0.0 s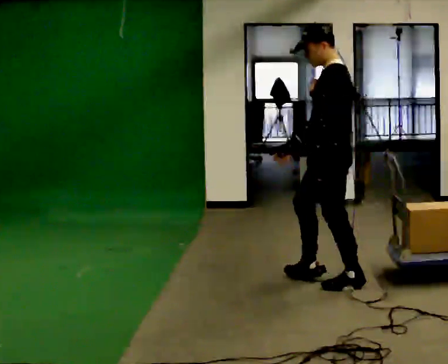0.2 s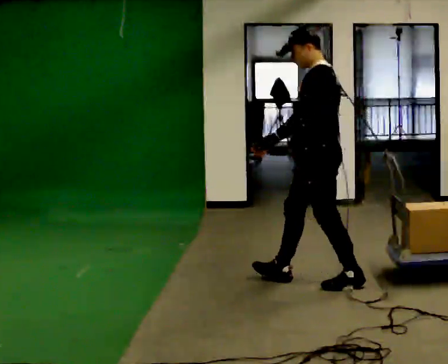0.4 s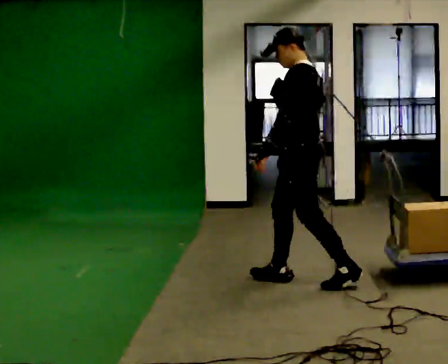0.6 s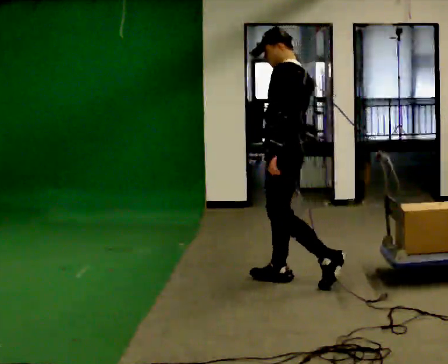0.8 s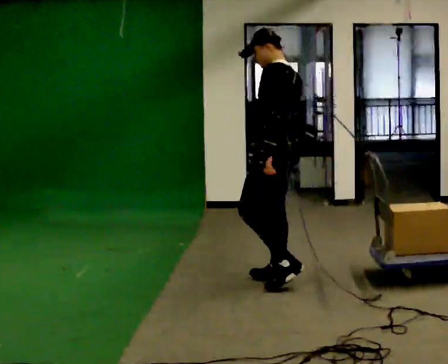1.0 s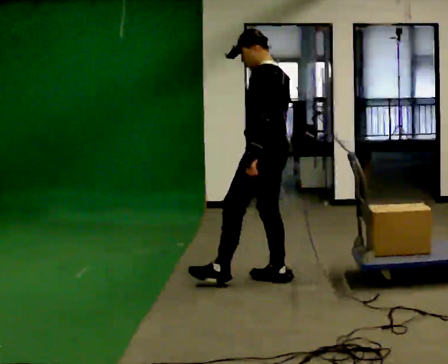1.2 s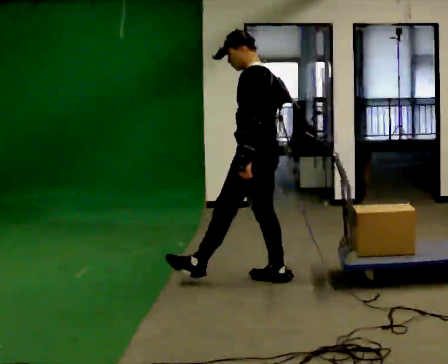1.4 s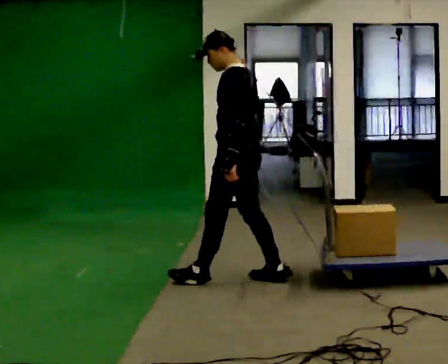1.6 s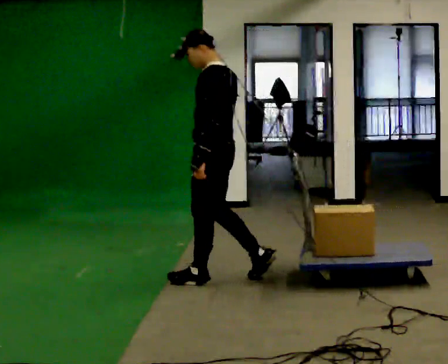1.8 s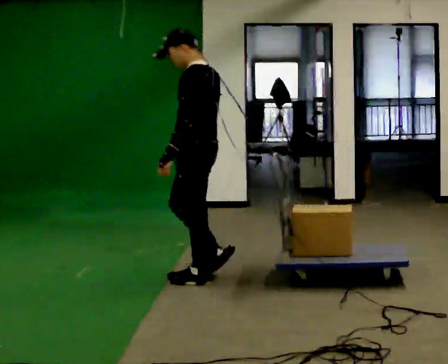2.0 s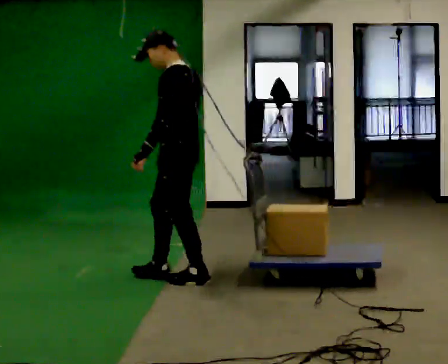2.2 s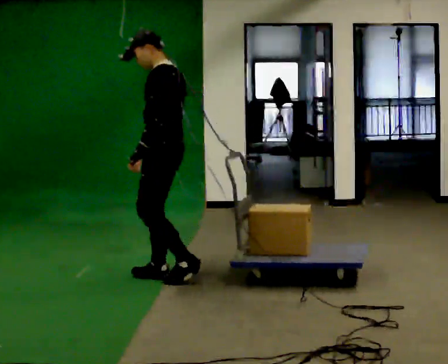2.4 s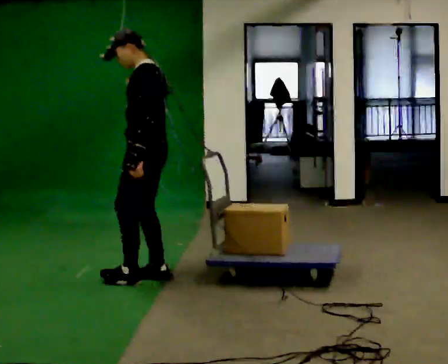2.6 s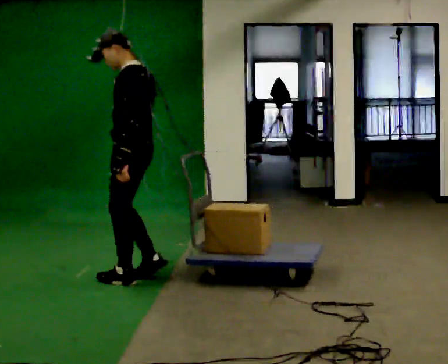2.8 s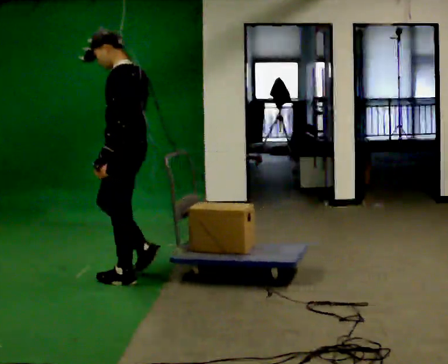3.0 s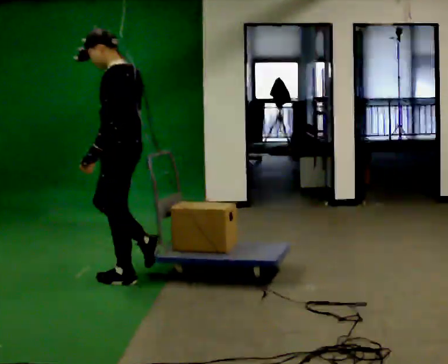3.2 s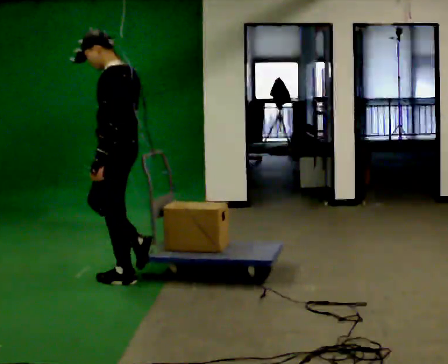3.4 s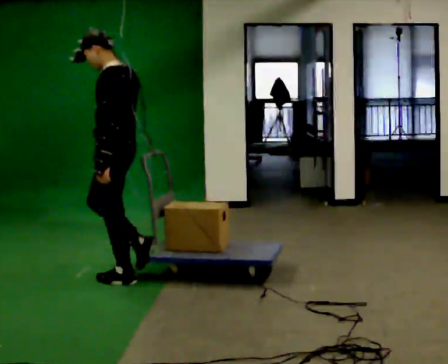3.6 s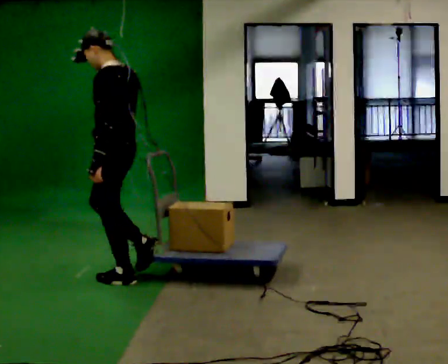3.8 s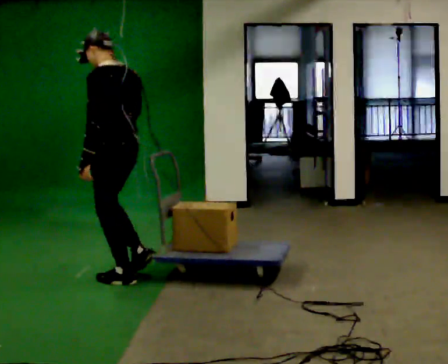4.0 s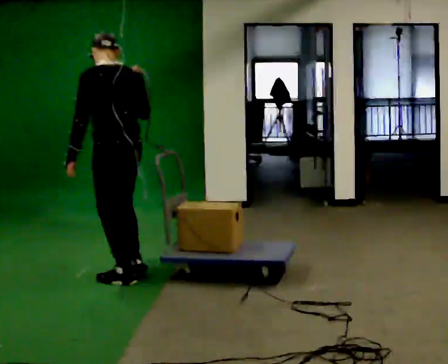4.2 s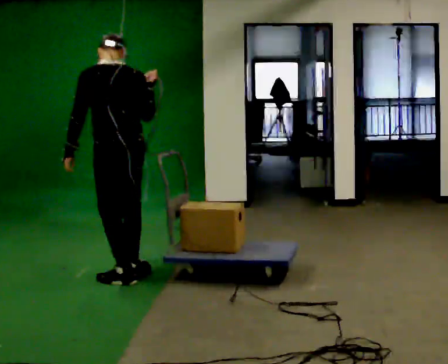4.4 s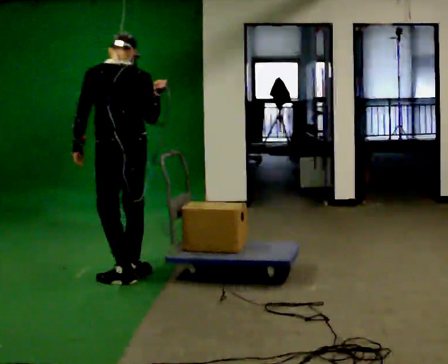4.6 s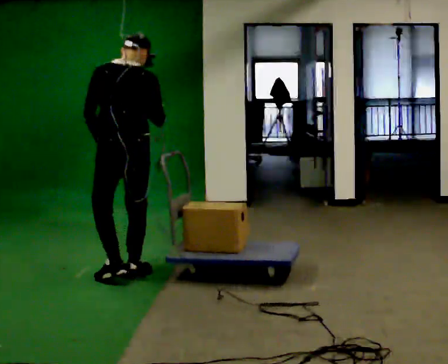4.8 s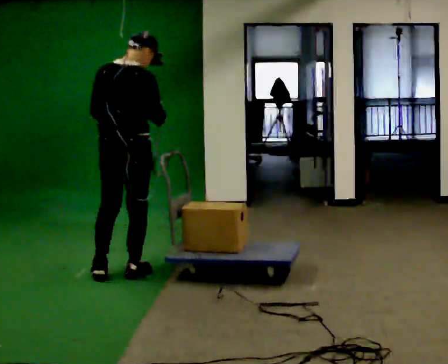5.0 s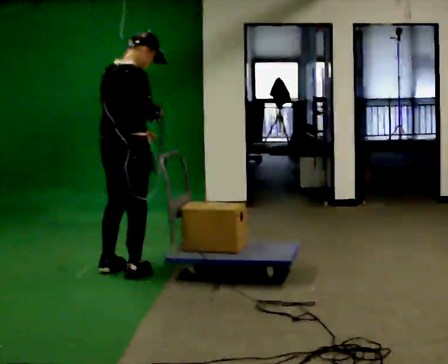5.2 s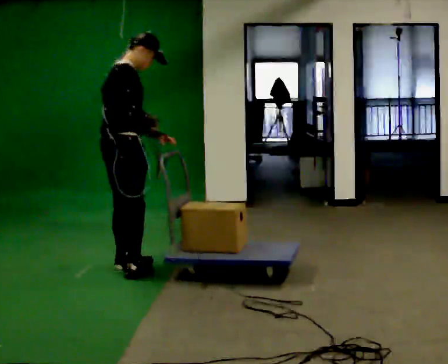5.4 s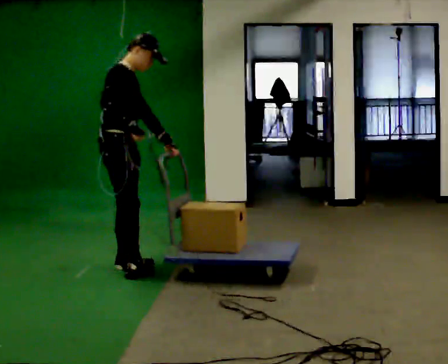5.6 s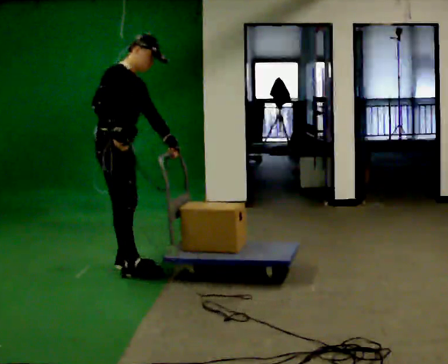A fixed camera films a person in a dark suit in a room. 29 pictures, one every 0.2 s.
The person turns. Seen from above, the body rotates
clockwise.
The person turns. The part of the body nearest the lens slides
to the left.
0.0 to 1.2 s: In the picture they go to the left and away from the camera, about 0.5 m in 2 steps, which for them is forward.
1.2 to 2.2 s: In the picture they go to the left, about 0.5 m in 1 step, which for them is forward.
2.2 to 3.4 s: In the picture they go to the left, about 0.25 m in 1 step, which for them is forward.
3.4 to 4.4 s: The person turns about 60 degrees to their right, clockwise seen from above, so the part of the body nearest the lens slides to the left. In the picture their right hand goes to the right.
4.4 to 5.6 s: The part of the body nearest the lens slides to the left as the person turns to their right by about 120 degrees. In the picture they go away from the camera, about 0.25 m in 1 step. In the picture the upper body tilts clockwise, shoulders to the right.
The film runs forward here.
